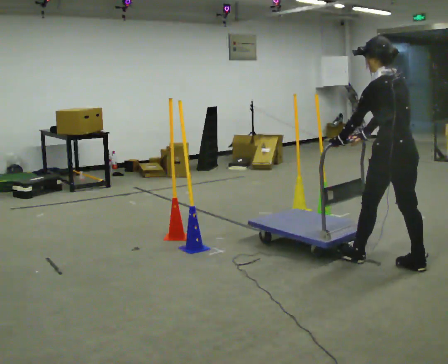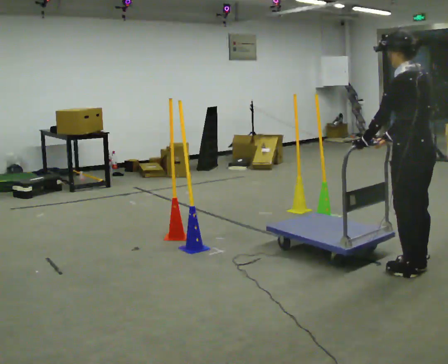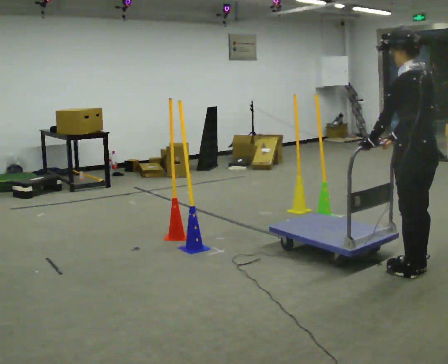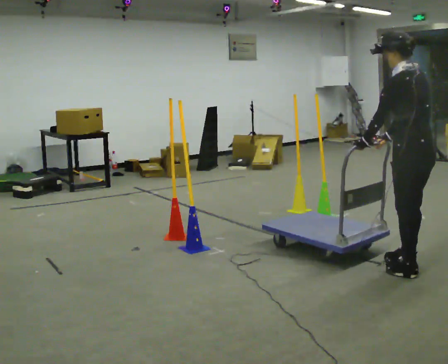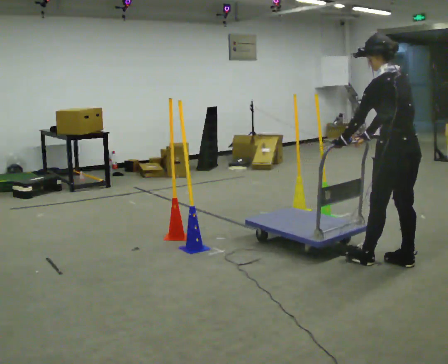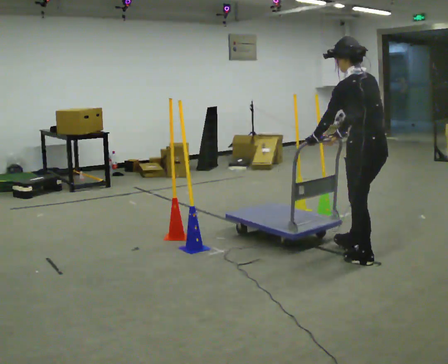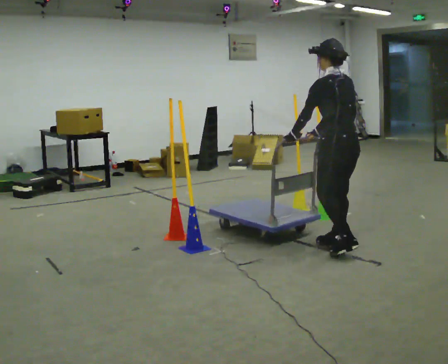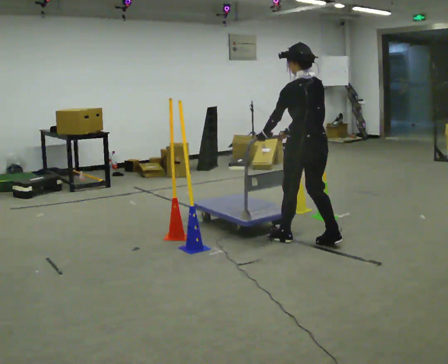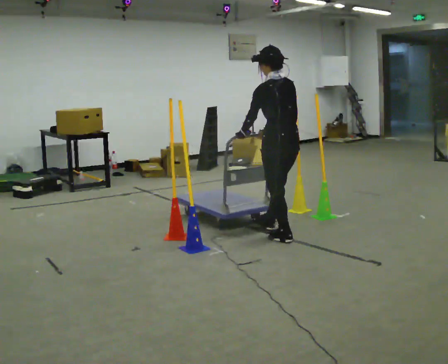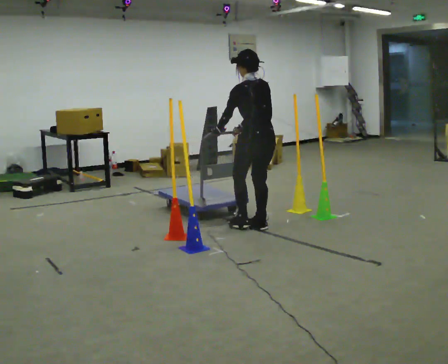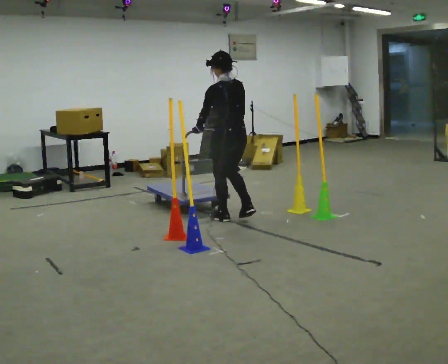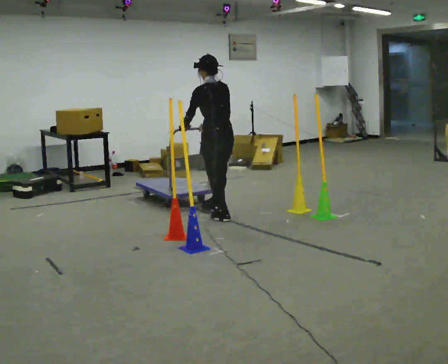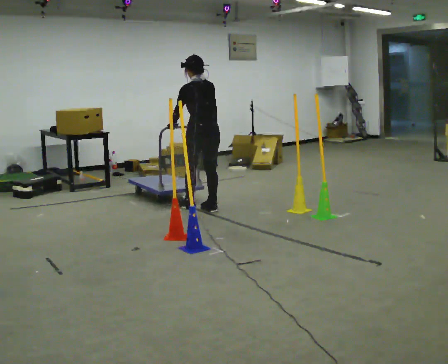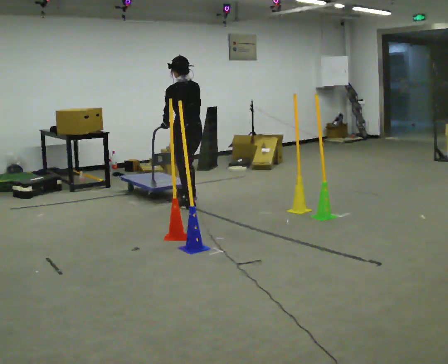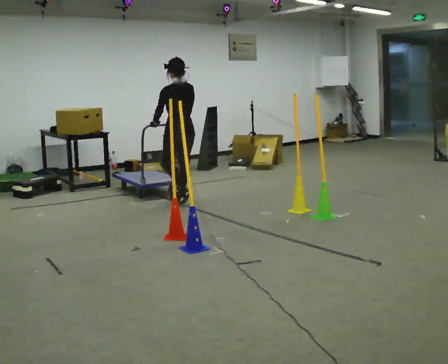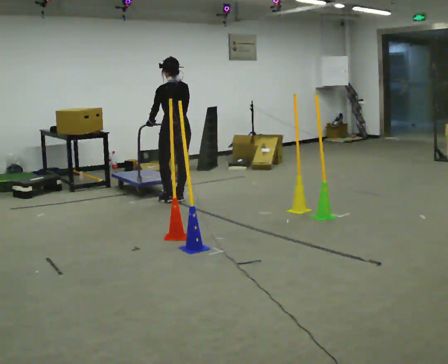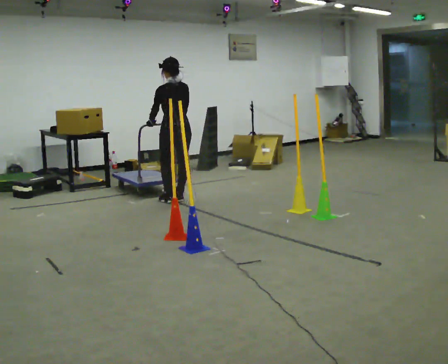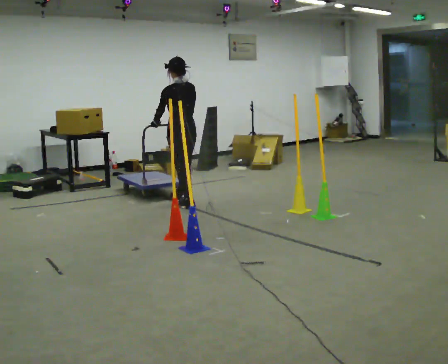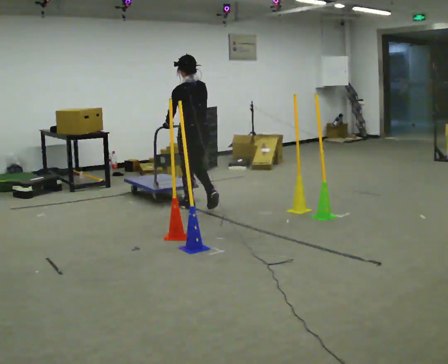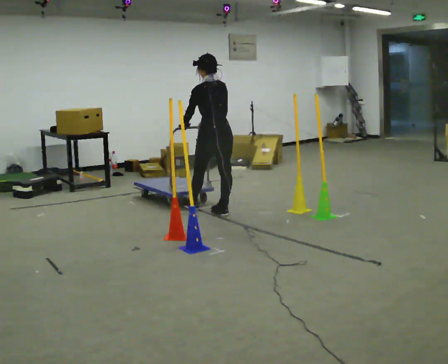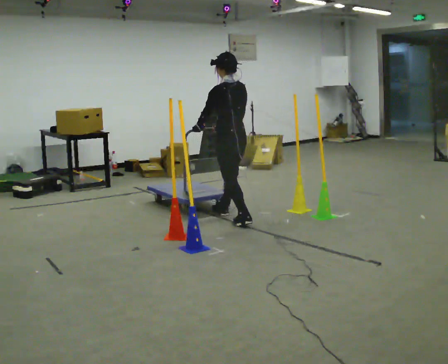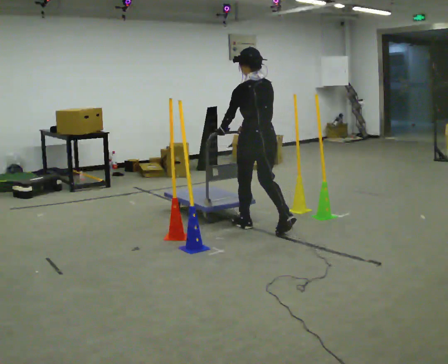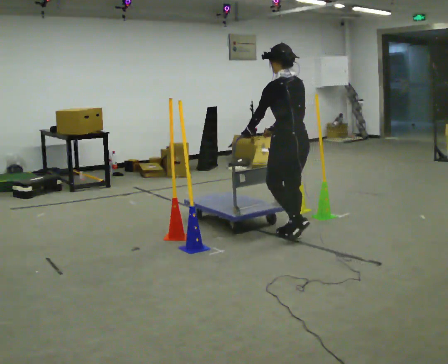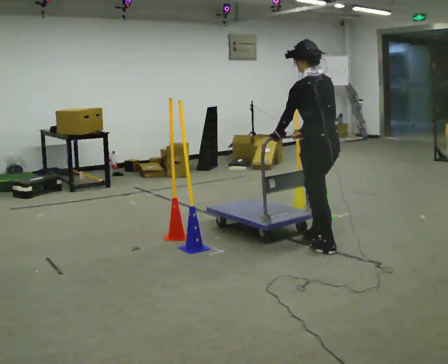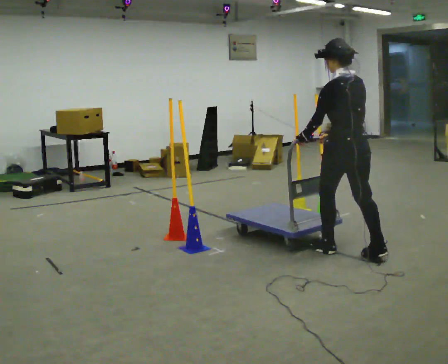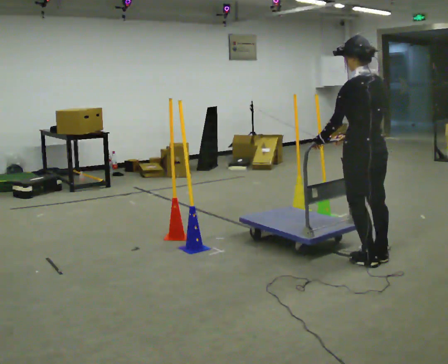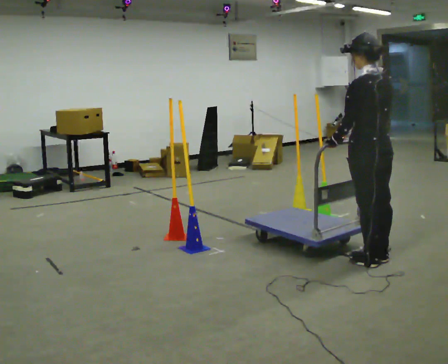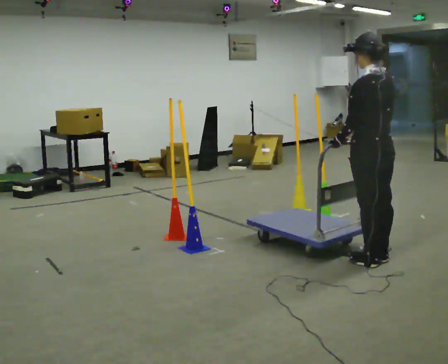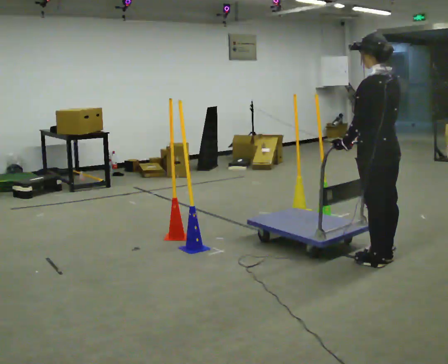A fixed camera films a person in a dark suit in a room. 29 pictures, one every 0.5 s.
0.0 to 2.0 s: The person moves a little, or ends about where they began.
2.0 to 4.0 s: In the picture they go away from the camera and to the left, about 1 m in 3 steps, which for them is forward.
4.0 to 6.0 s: In the picture they go away from the camera and to the left, about 1 m in 3 steps, which for them is forward.
6.0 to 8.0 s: In the picture they go away from the camera and to the left, about 0.5 m in 2 steps, which for them is forward.
8.0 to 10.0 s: In the picture they go toward the camera and to the right, about 1 m in 3 steps, which for them is backward.
10.0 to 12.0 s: In the picture they go toward the camera and to the right, about 1.5 m in 3 steps, which for them is backward.
12.0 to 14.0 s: In the picture they go toward the camera and to the right, about 0.25 m in 1 step, which for them is backward.
The film runs backward here.
